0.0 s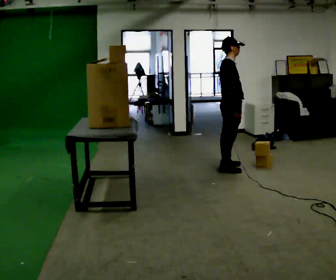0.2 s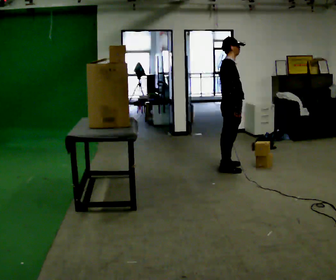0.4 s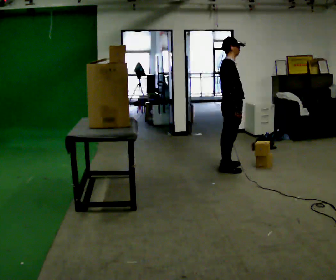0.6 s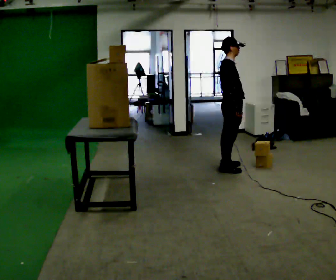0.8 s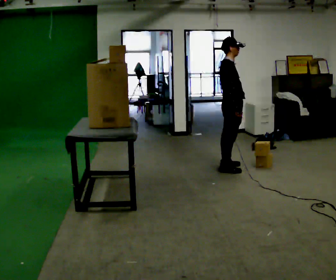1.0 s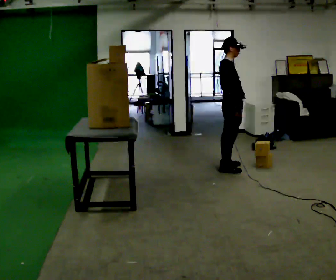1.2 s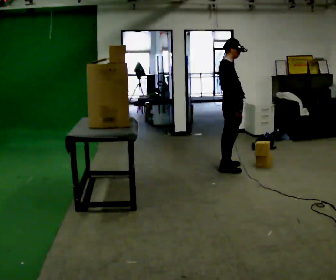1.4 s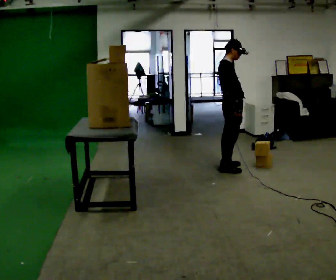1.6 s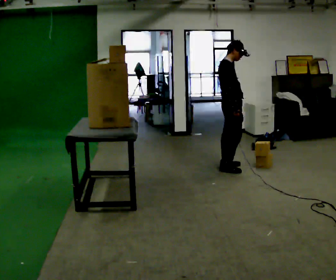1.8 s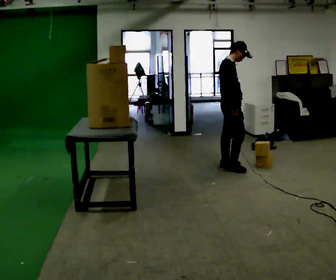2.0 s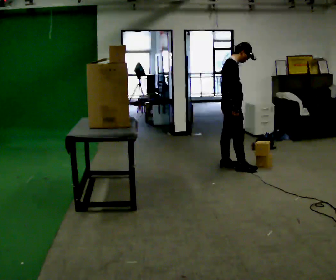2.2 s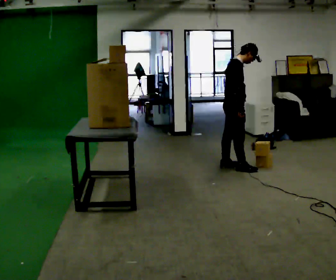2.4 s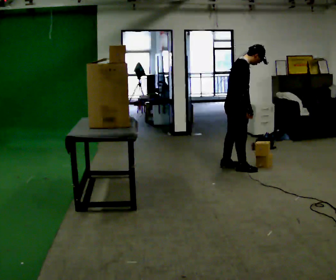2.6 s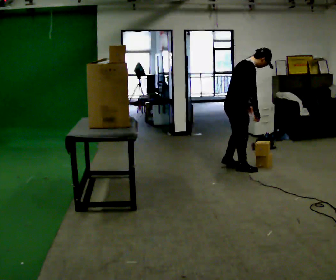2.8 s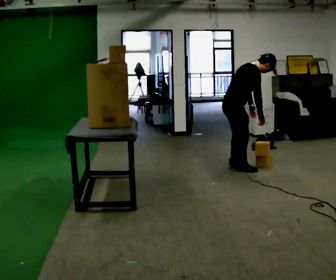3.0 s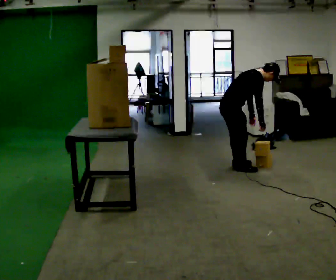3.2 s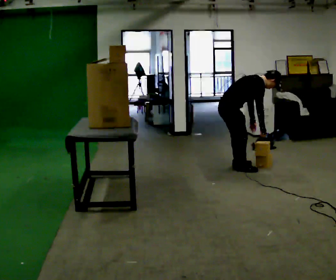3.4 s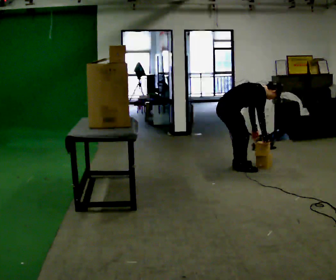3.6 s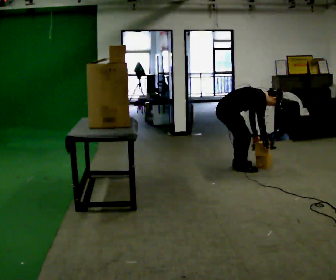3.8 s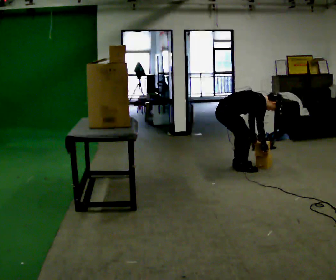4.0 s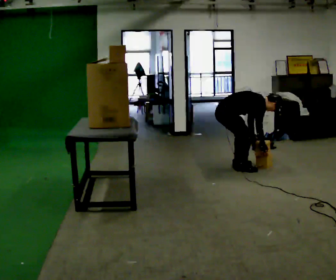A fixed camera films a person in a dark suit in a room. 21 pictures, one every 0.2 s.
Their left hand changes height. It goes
downward.
Their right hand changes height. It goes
downward.
0.0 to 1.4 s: The person moves a little, or ends about where they began.
1.4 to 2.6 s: In the picture the upper body tilts clockwise, shoulders to the right, as they bend forward.
2.6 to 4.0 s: The upper body goes downward. In the picture the upper body tilts clockwise, shoulders to the right, as they bend forward. In the picture their left hand goes downward.
The film runs forward here.
